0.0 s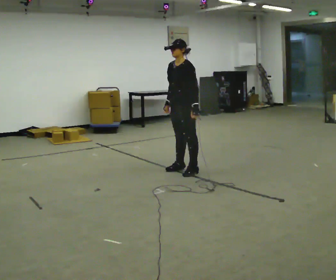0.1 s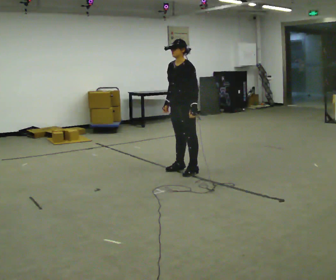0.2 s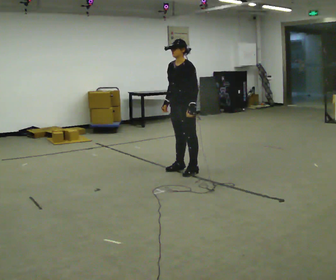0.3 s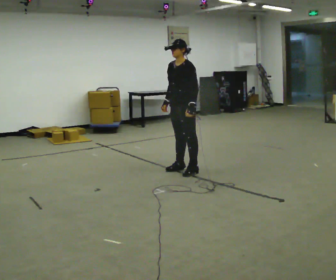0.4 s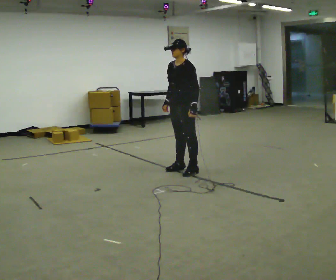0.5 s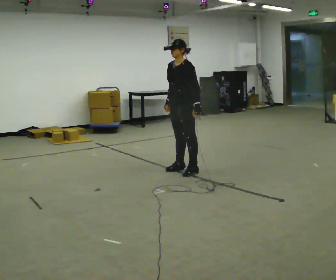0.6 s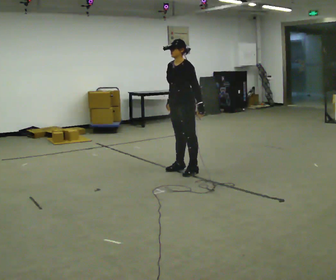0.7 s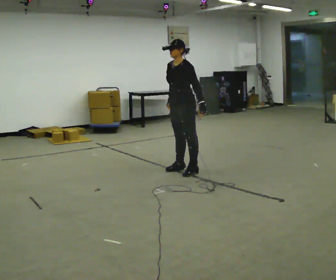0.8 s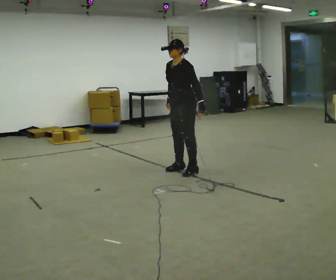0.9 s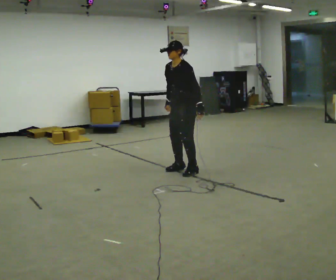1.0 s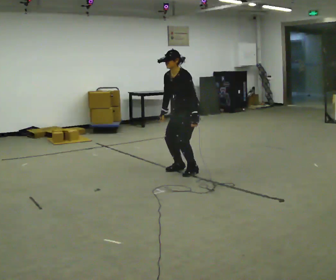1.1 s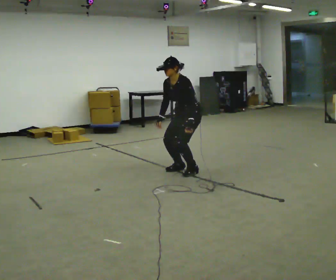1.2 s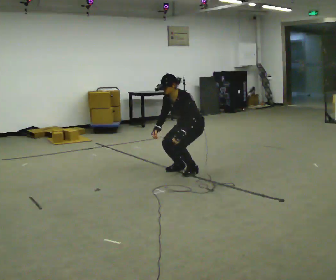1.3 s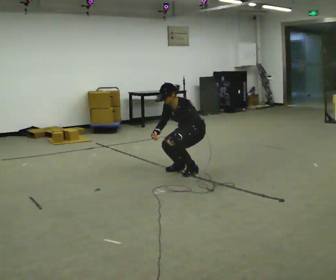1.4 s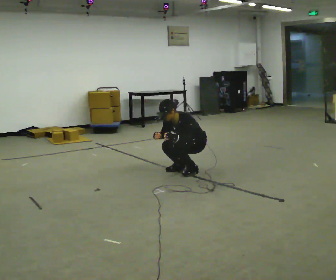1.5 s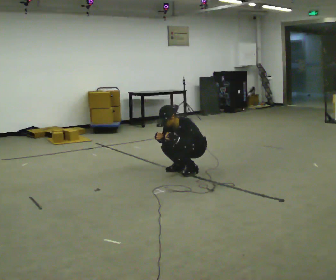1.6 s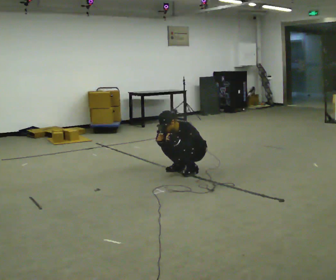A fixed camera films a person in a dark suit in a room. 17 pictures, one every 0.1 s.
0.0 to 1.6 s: In the picture they go to the right, about 0.25 m, which for them is backward. The shoulders move downward. In the picture the upper body tilts counterclockwise, shoulders to the left, as they bend forward. In the picture their left hand goes downward.
The film runs backward here.
